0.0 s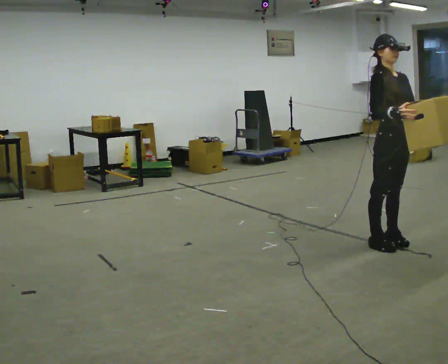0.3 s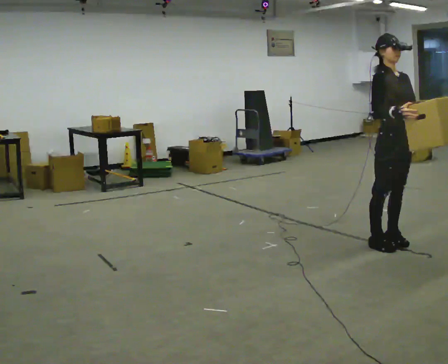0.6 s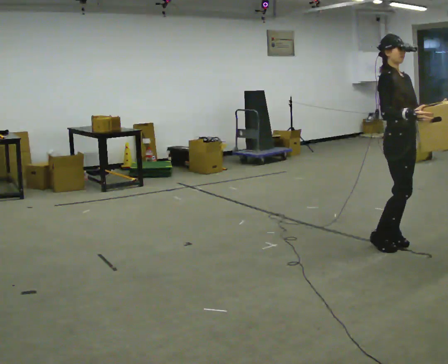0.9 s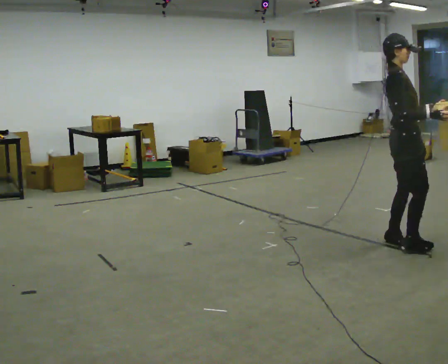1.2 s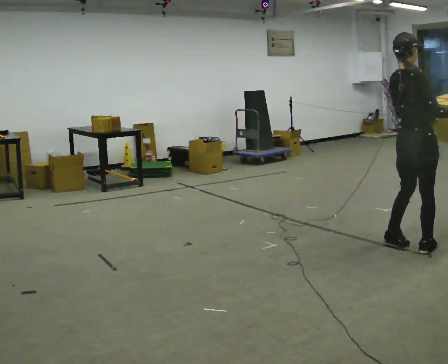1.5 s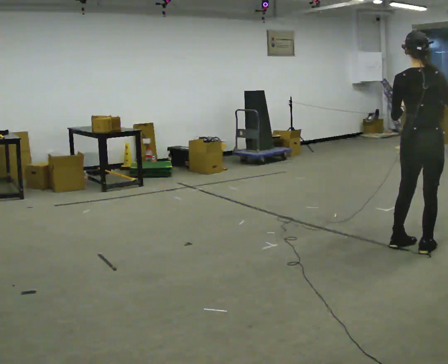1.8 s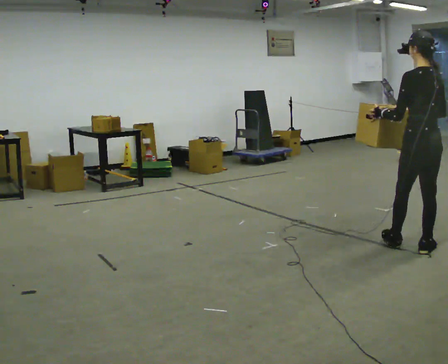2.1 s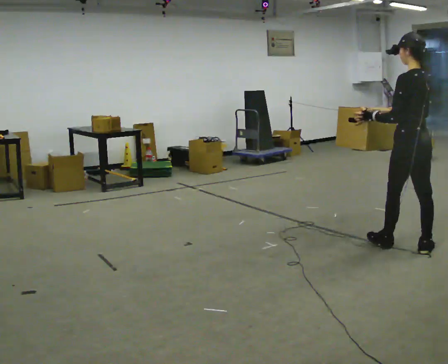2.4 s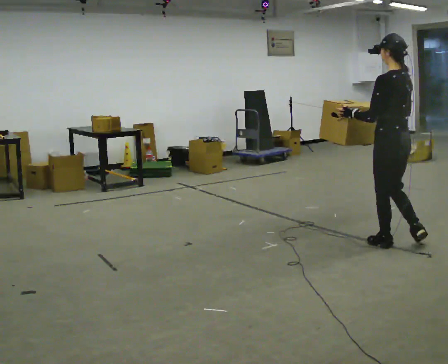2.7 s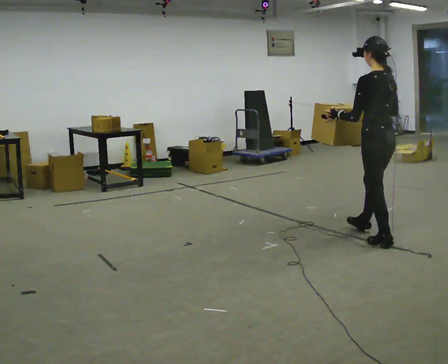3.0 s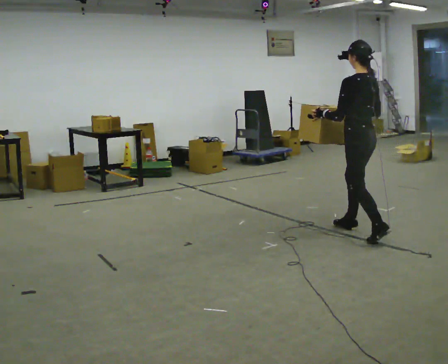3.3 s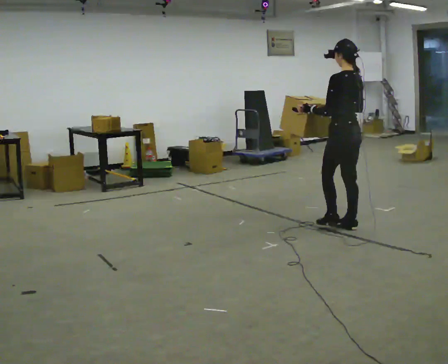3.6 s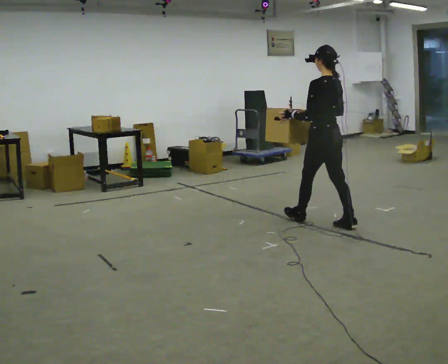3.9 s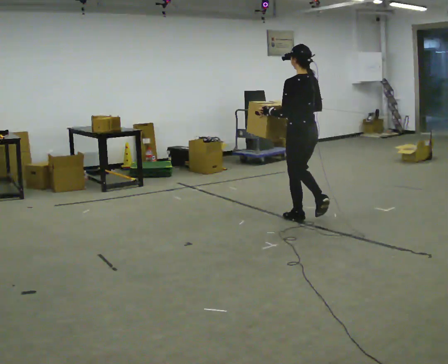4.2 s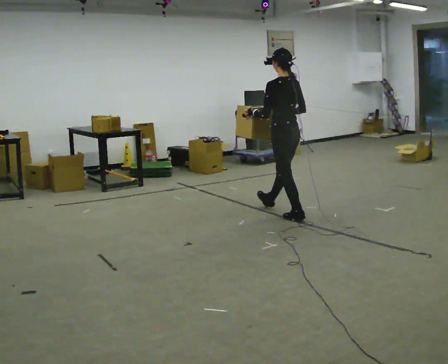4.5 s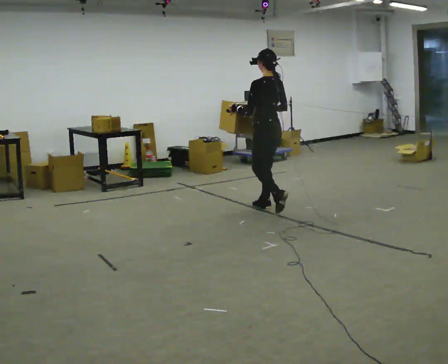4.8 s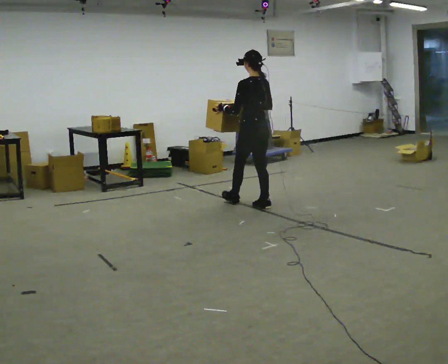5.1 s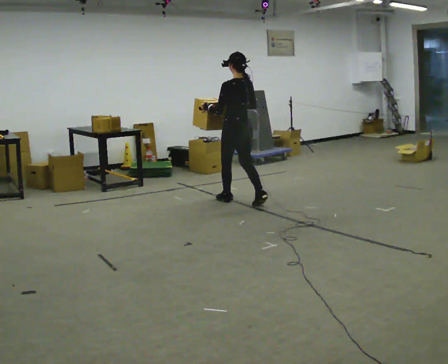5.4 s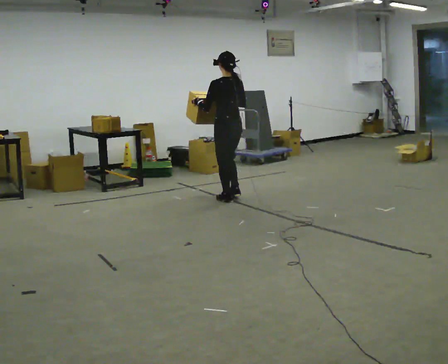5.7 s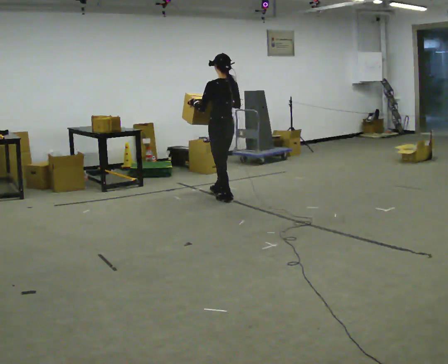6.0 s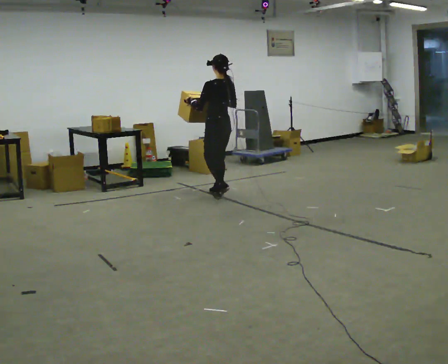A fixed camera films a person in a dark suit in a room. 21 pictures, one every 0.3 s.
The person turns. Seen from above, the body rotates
counterclockwise.
The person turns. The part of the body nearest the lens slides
to the right.
0.0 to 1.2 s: The part of the body nearest the lens slides to the right as the person turns to their left by about 75 degrees. In the picture they go to the right, about 0.25 m in 1 step. In the picture their right hand goes to the right.
1.2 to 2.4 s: The person turns about 105 degrees to their left, counterclockwise seen from above, so the part of the body nearest the lens slides to the right. In the picture their right hand goes to the left.
2.4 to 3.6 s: In the picture they go away from the camera and to the left, about 1 m in 2 steps, which for them is forward.
3.6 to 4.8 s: In the picture they go away from the camera and to the left, about 1 m in 1 step, which for them is forward.
4.8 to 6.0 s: In the picture they go away from the camera and to the left, about 0.75 m in 2 steps, which for them is forward.
The film runs forward here.
